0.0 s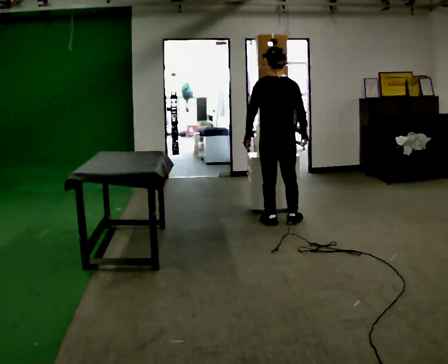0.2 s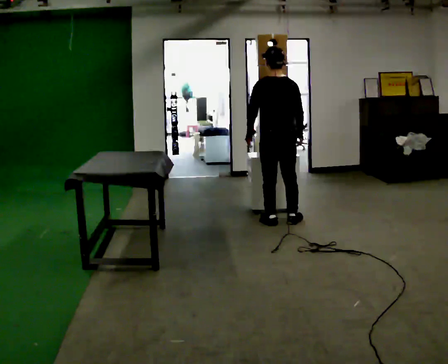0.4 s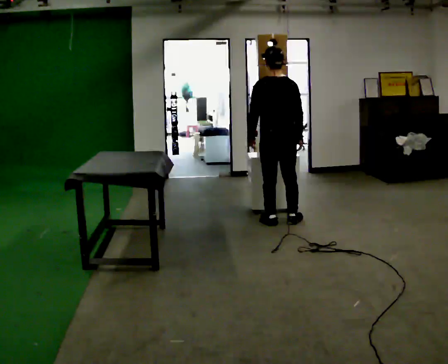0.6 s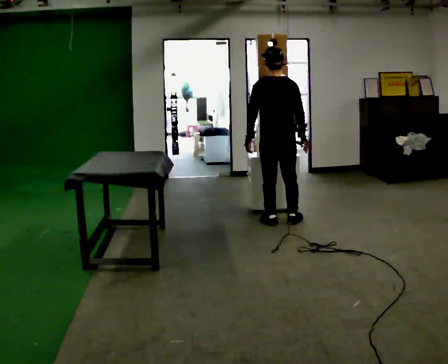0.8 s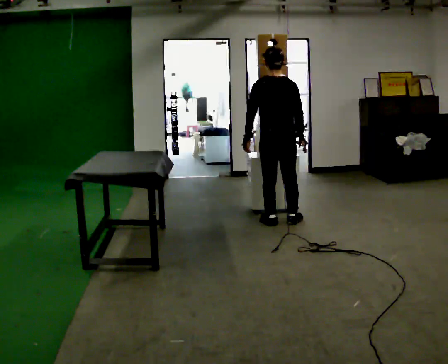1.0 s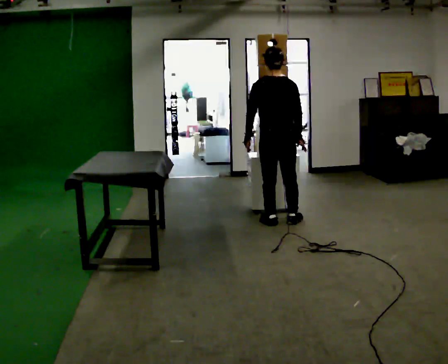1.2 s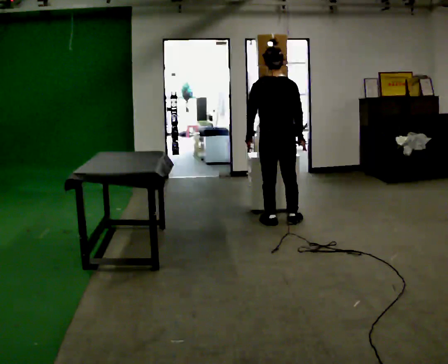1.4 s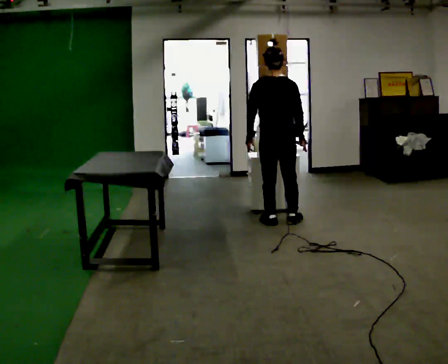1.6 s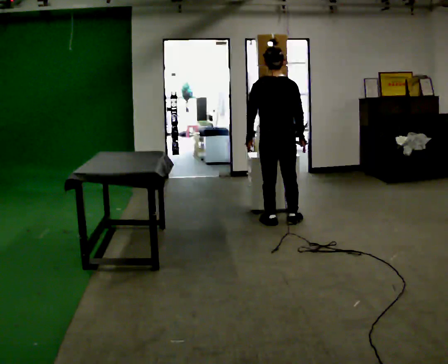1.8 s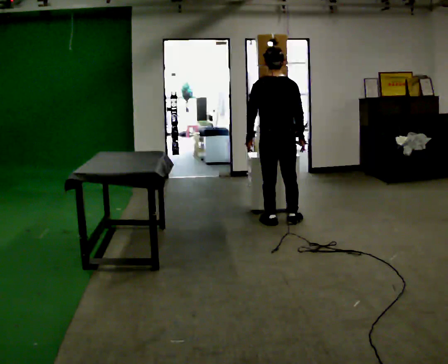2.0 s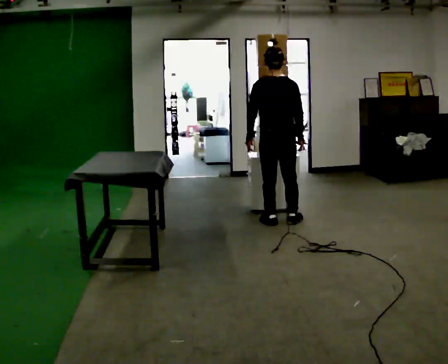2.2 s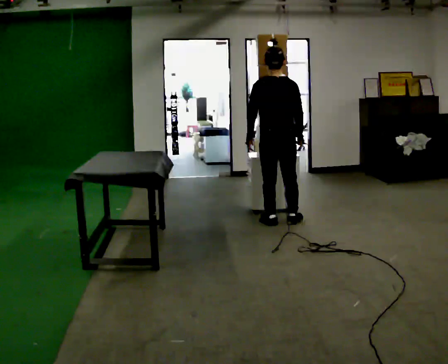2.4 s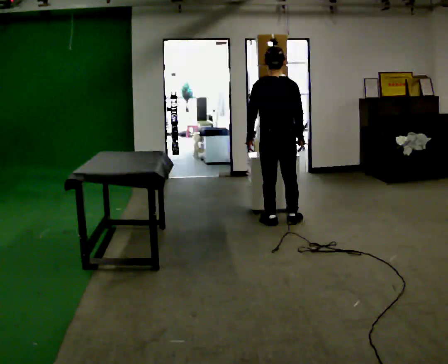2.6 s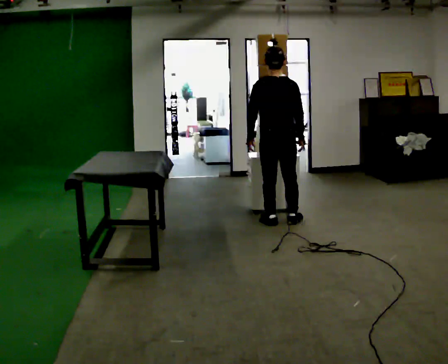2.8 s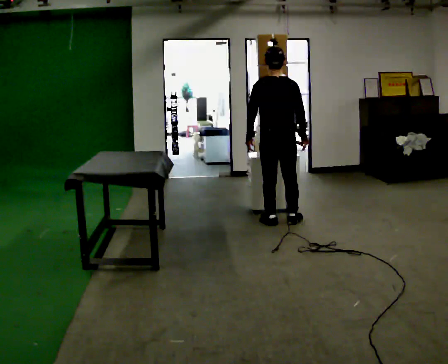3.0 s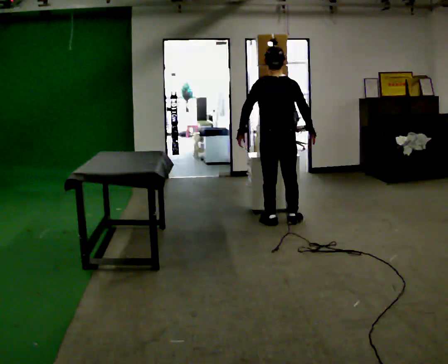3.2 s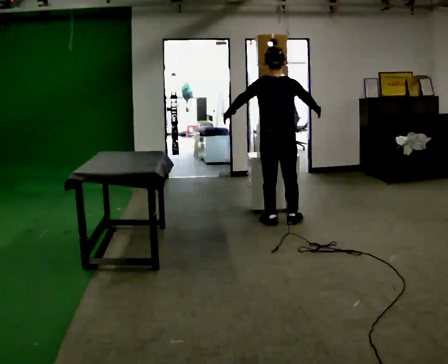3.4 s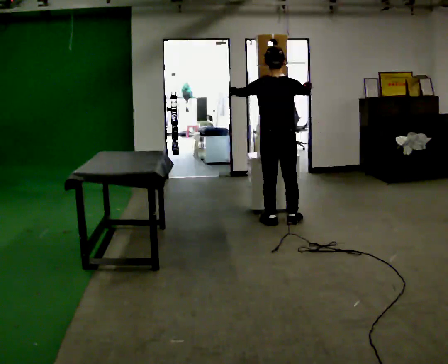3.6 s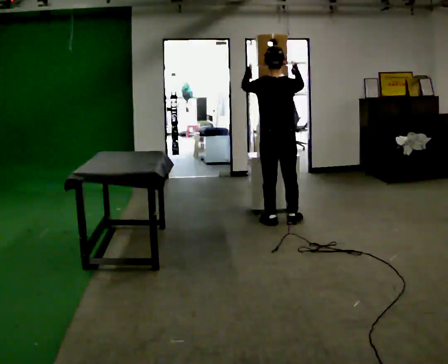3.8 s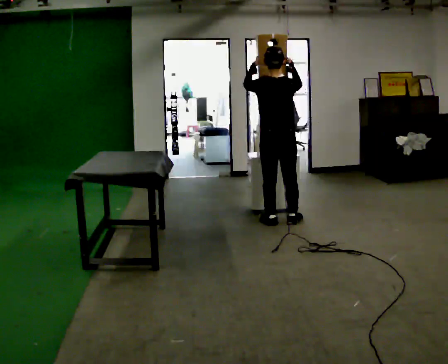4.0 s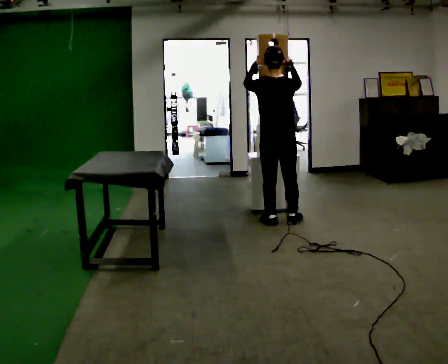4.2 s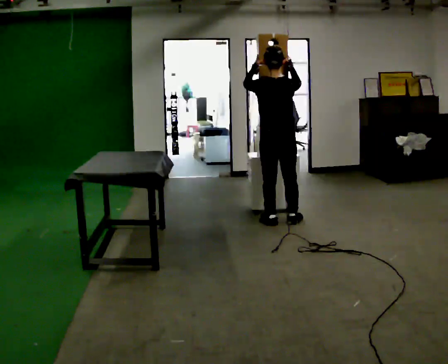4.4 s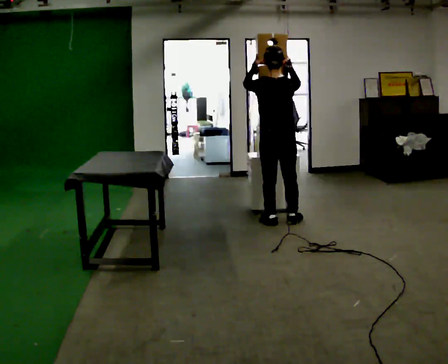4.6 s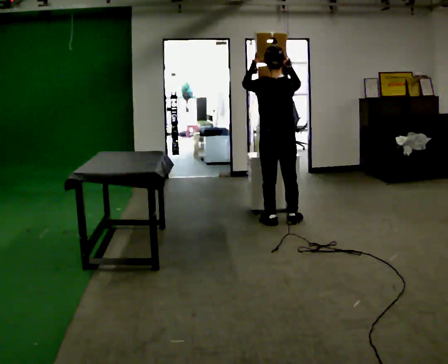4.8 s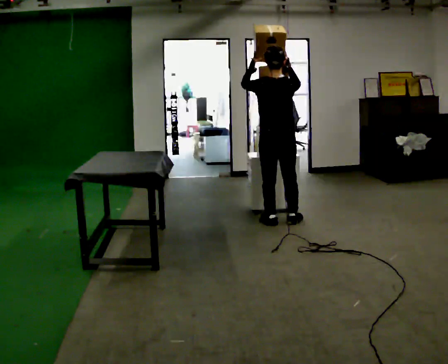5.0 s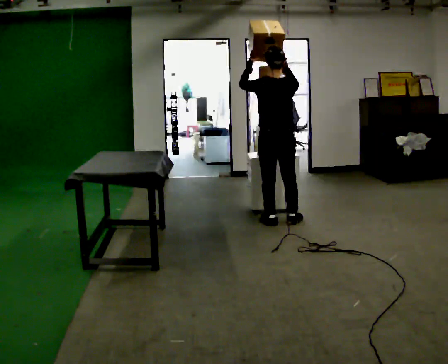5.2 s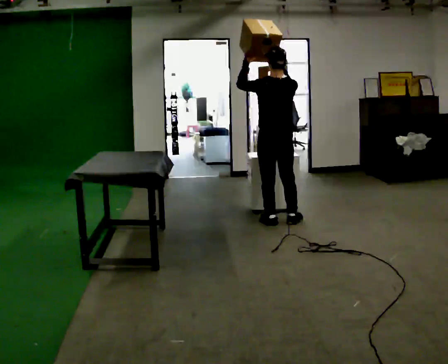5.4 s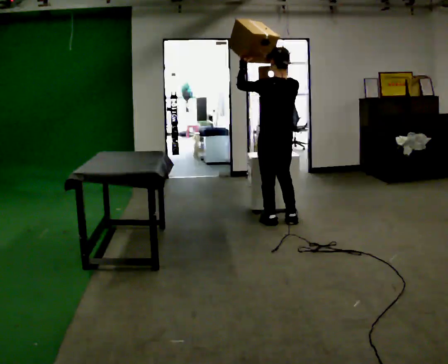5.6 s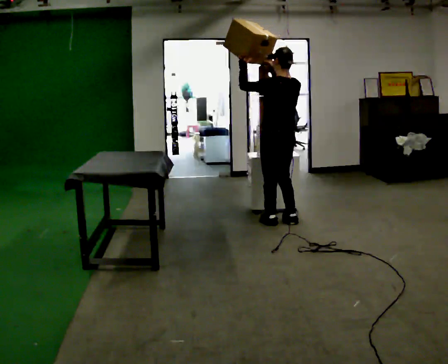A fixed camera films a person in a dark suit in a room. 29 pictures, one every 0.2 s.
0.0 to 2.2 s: The person moves a little, or ends about where they began.
2.2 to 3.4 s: In the picture their right hand goes upward.
3.4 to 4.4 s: The person moves a little, or ends about where they began.
4.4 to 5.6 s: The part of the body nearest the lens slides to the right as the person turns to their left by about 30 degrees.
The film runs forward here.
